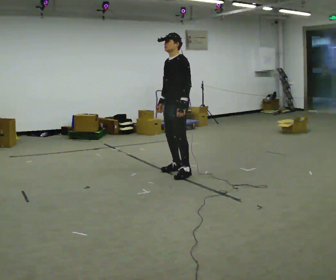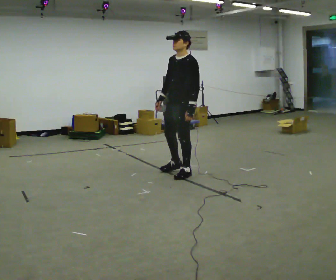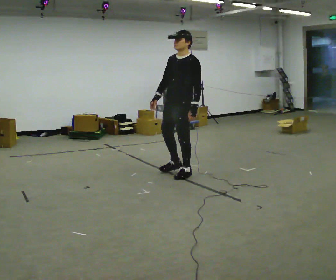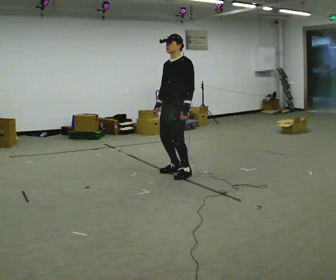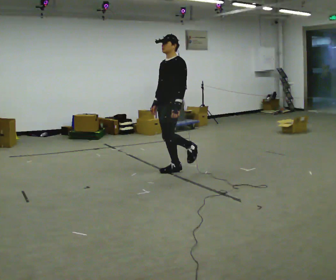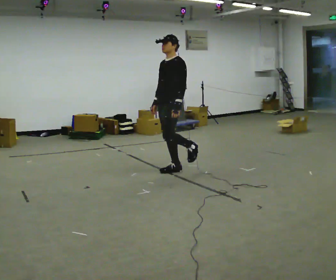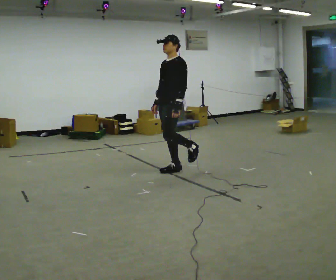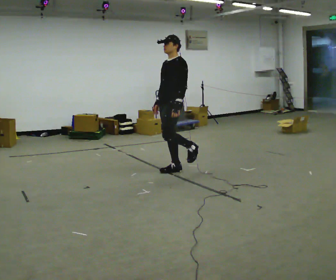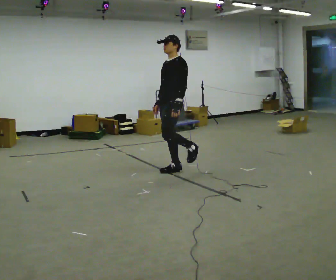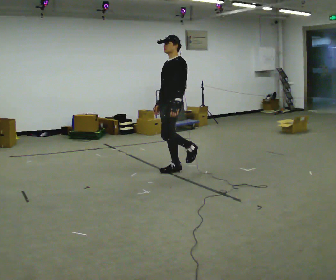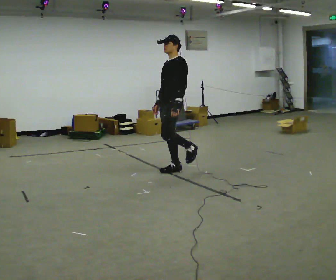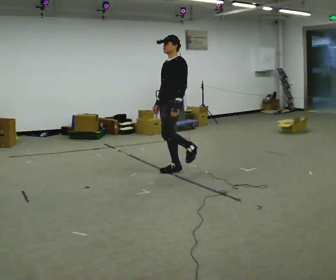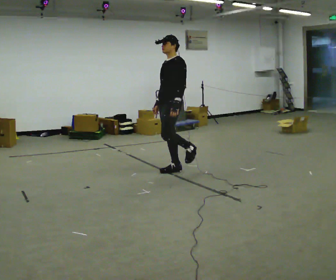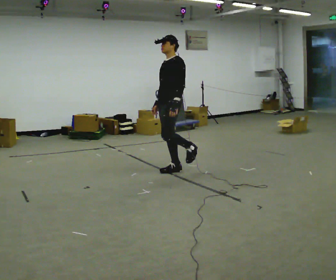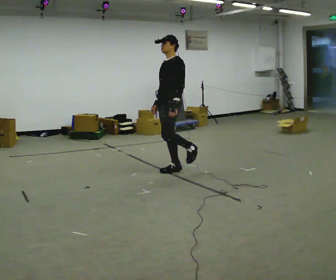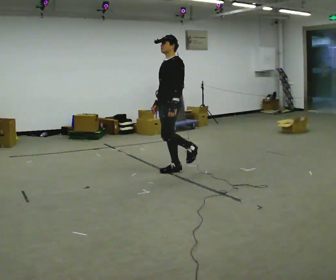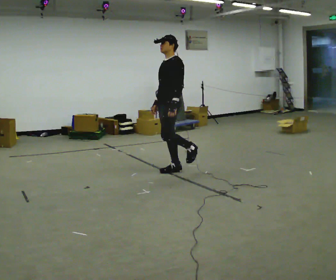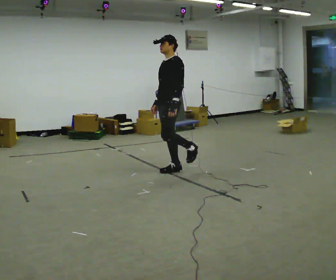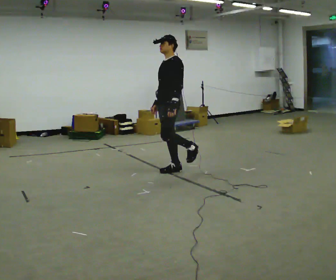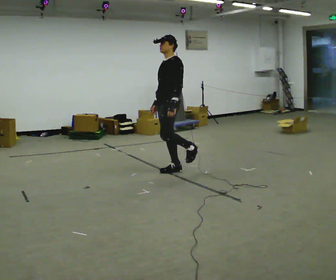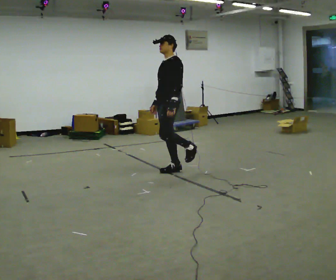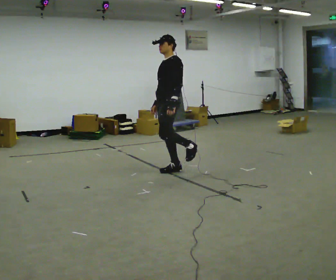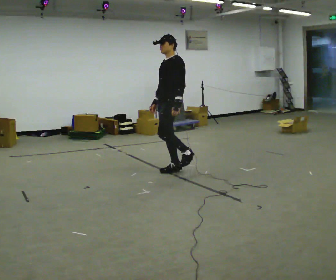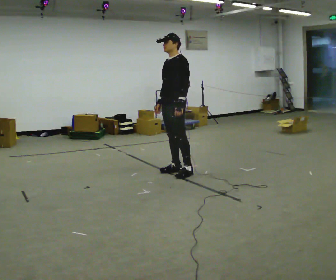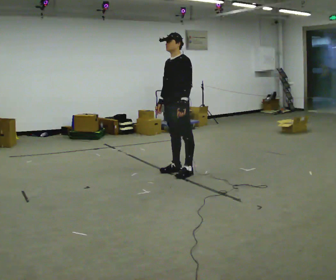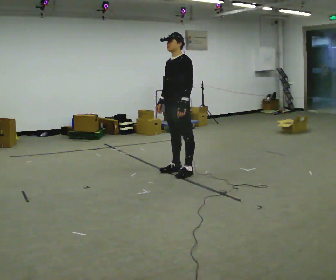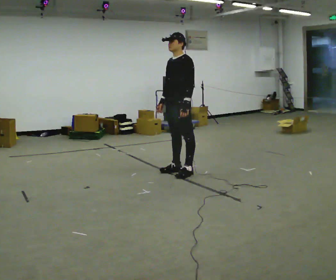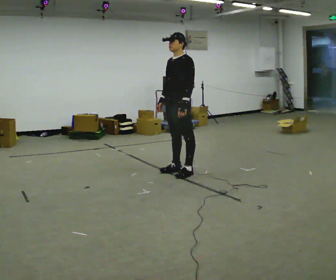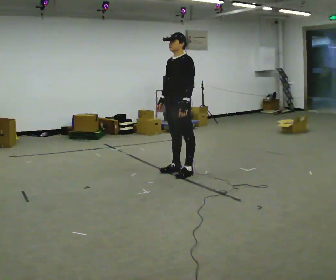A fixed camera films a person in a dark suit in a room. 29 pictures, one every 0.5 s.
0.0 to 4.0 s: The person moves a little, or ends about where they began.
4.0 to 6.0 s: The person keeps their place and pose.
6.0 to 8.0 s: The person moves a little, or ends about where they began.
8.0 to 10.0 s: The person keeps their place and pose.
10.0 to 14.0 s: The person moves a little, or ends about where they began.
The film runs backward here.
